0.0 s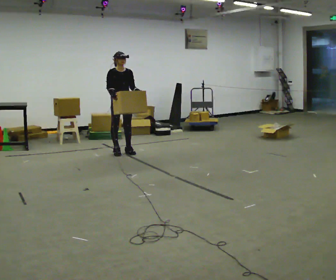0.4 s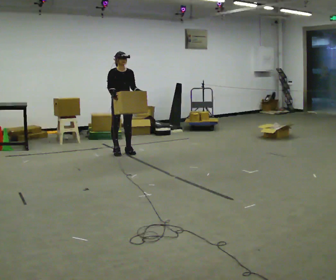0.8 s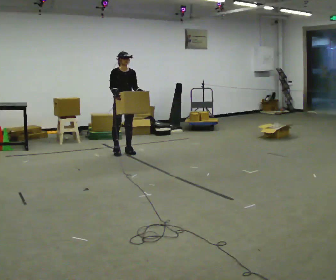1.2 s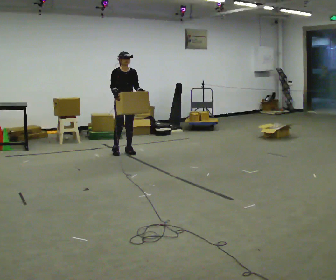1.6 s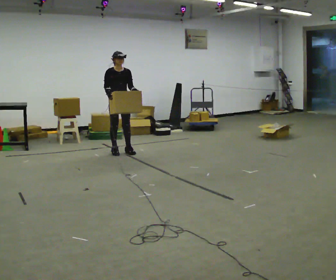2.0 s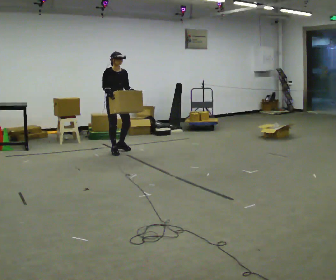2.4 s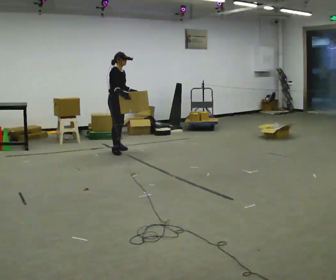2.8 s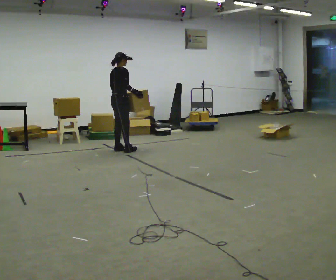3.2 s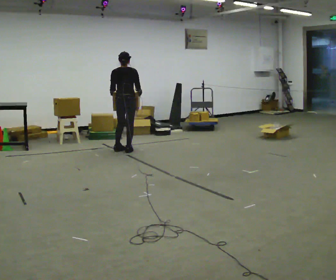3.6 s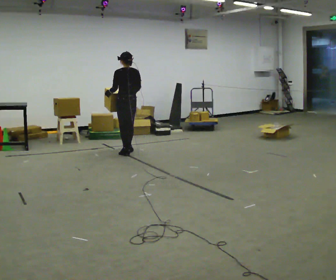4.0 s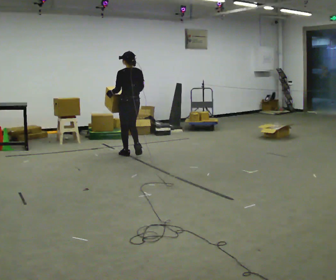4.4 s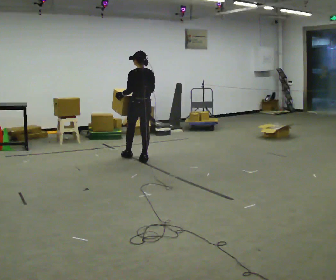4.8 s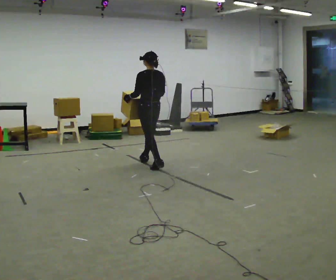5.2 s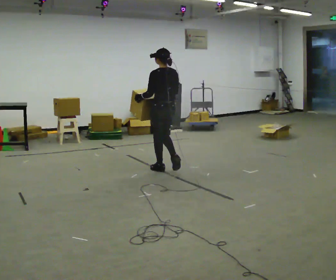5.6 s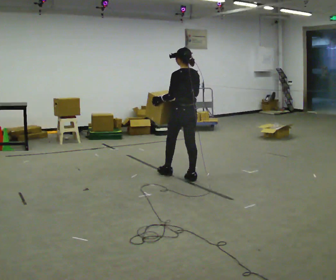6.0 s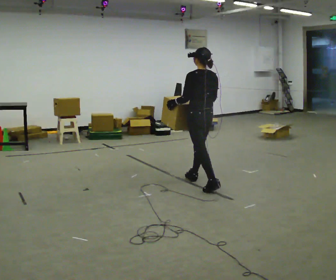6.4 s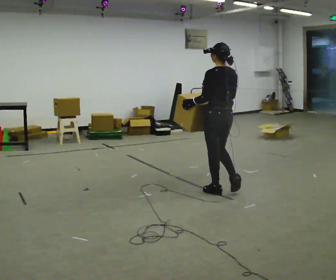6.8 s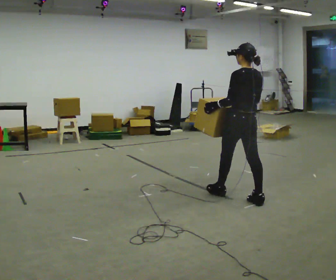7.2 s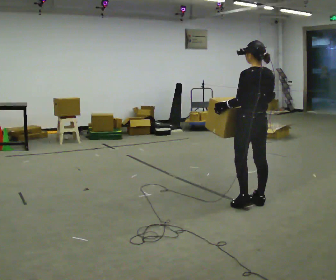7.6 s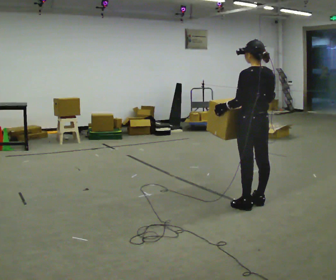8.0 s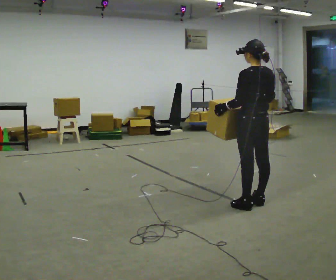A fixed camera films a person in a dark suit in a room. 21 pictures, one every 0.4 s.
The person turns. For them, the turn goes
to their left.
The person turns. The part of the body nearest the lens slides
to the right.
0.0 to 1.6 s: The person moves a little, or ends about where they began.
1.6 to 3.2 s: Seen from above the body turns counterclockwise, about 150 degrees: to their left, with its near side sliding to the right. In the picture their right hand goes to the right.
3.2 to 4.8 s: The part of the body nearest the lens slides to the right as the person turns to their left by about 45 degrees. In the picture they go toward the camera and to the right, about 1 m in 2 steps, which for them is backward.
4.8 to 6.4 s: In the picture they go toward the camera and to the right, about 1.5 m in 3 steps, which for them is backward.
6.4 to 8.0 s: In the picture they go toward the camera and to the right, about 0.5 m in 1 step, which for them is backward.
The film runs backward here.
